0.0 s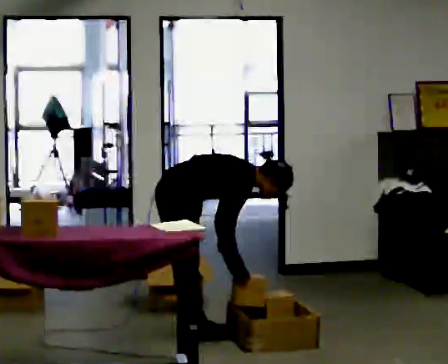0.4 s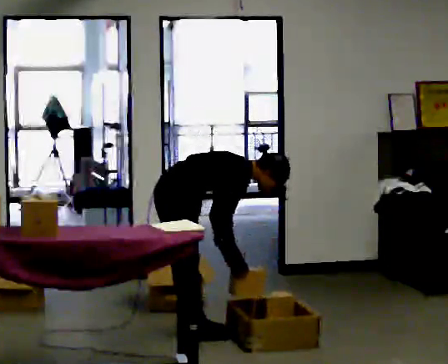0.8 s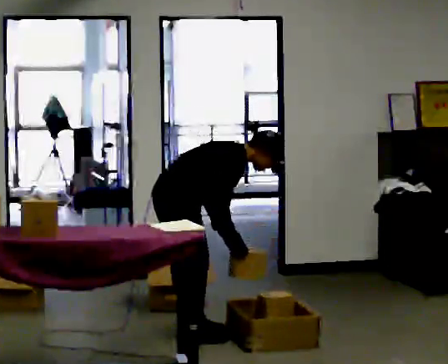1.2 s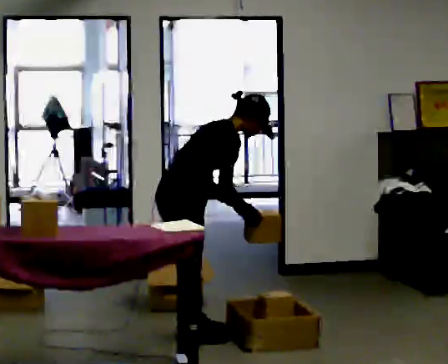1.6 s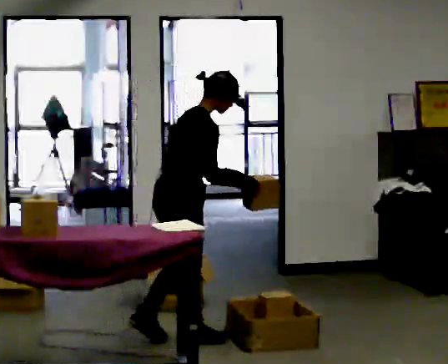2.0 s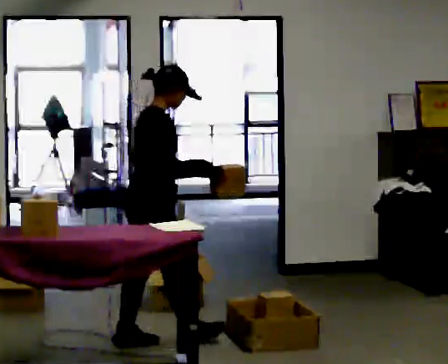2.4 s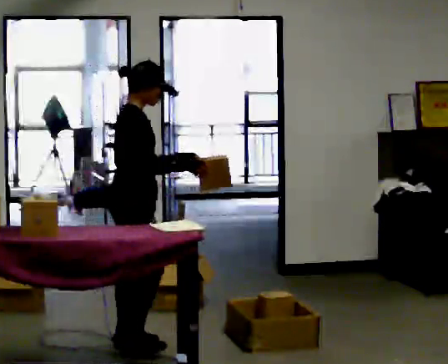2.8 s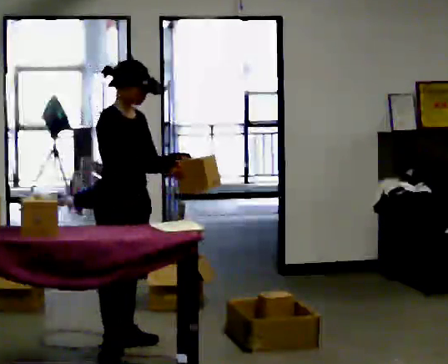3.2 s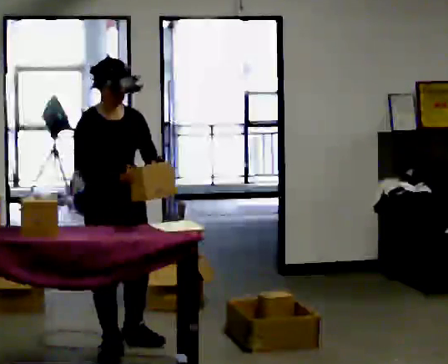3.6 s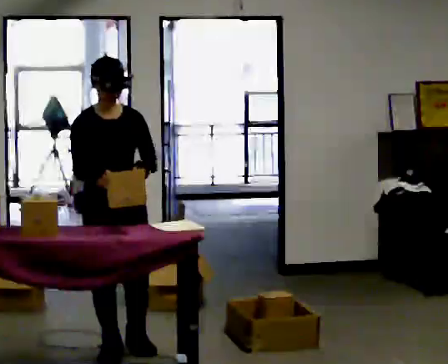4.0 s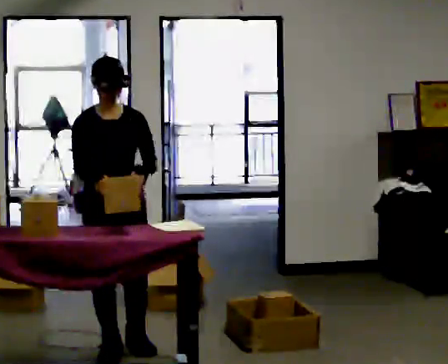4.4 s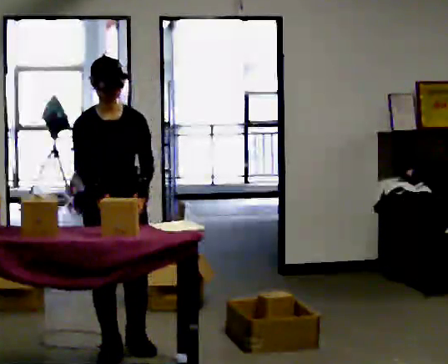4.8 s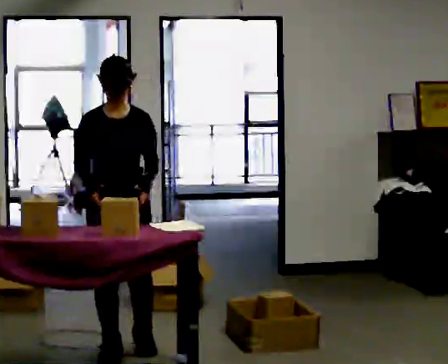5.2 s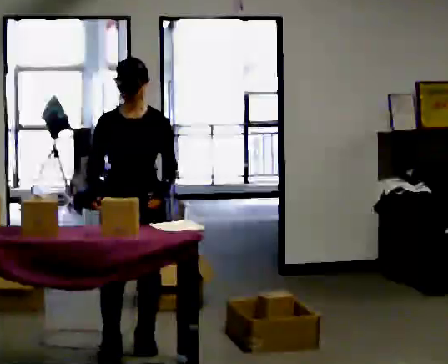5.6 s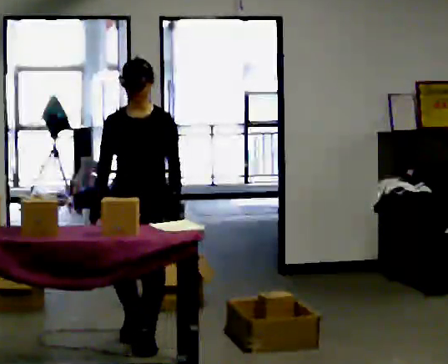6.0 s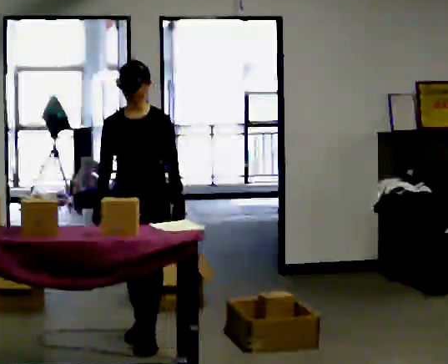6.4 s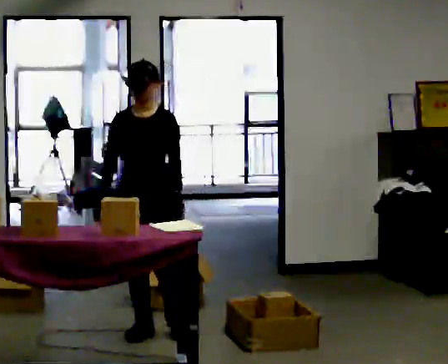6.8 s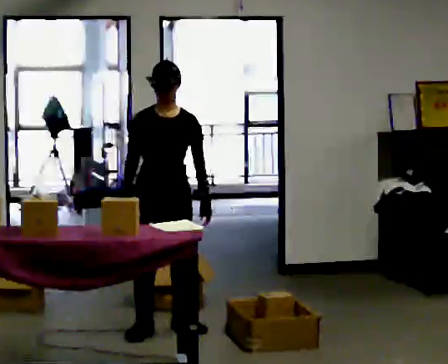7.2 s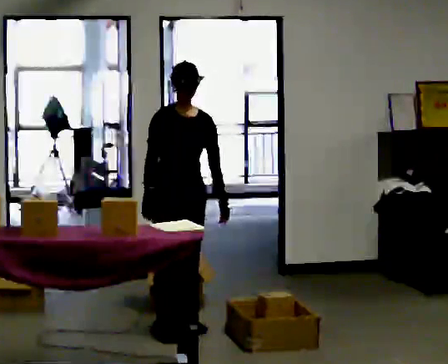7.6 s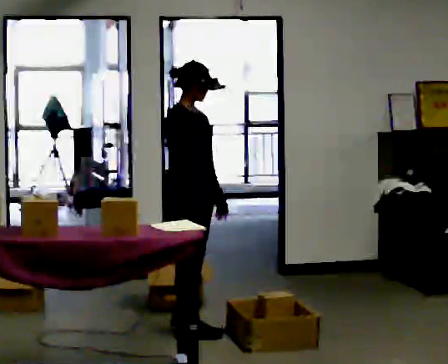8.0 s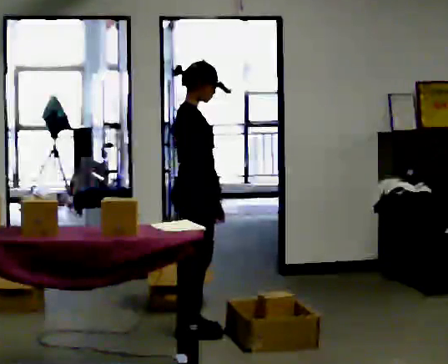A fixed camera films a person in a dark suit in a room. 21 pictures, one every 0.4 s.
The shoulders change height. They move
upward.
0.0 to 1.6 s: In the picture they go toward the camera, about 0.25 m in 1 step, which for them is to their right. The upper body goes upward. In the picture the upper body tilts counterclockwise, shoulders to the left, as they lean back or straighten. In the picture their left hand goes upward.
1.6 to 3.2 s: Seen from above the body turns clockwise, about 75 degrees: to their right, with its near side sliding to the left. In the picture they go to the left and toward the camera, about 0.5 m in 1 step. In the picture the upper body tilts counterclockwise, shoulders to the left.
3.2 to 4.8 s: The part of the body nearest the lens slides to the left as the person turns to their right by about 30 degrees.
4.8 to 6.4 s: In the picture they go away from the camera, about 0.5 m in 2 steps, which for them is backward.
6.4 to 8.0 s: The person turns about 105 degrees to their left, counterclockwise seen from above, so the part of the body nearest the lens slides to the right. In the picture they go to the right, about 0.25 m in 1 step.
The film runs backward here.
